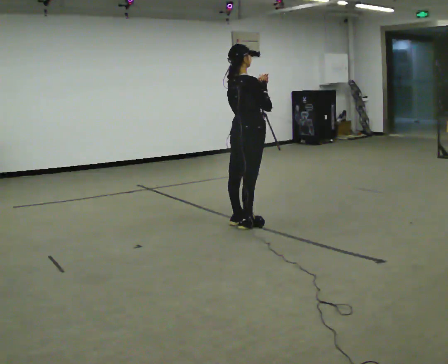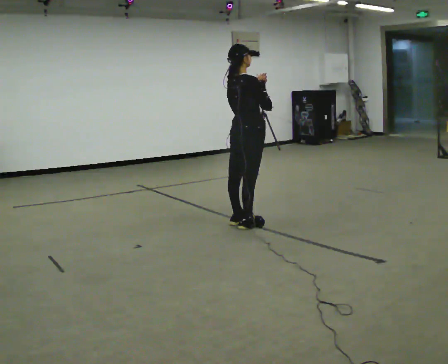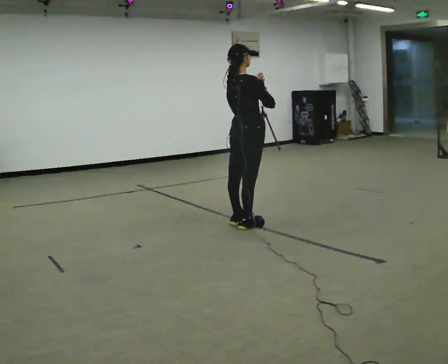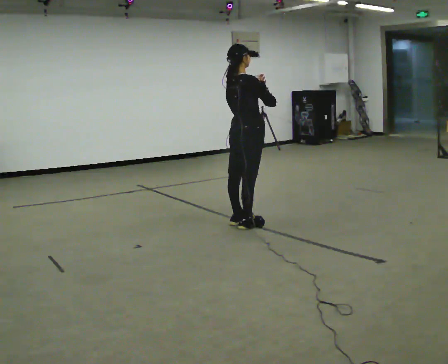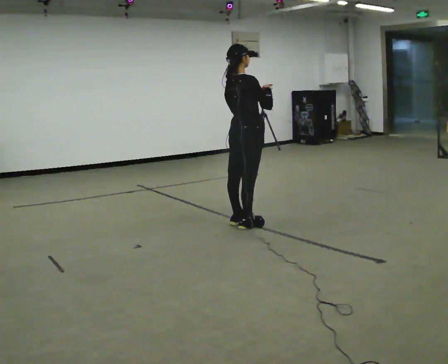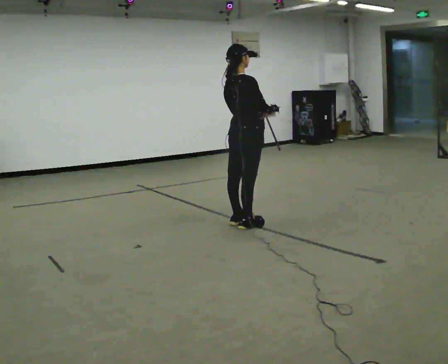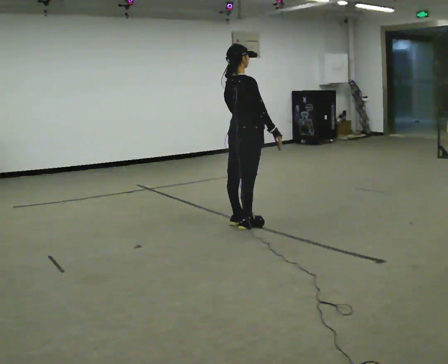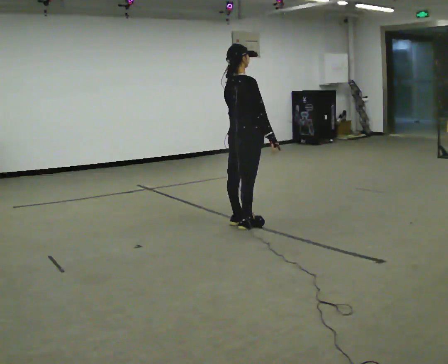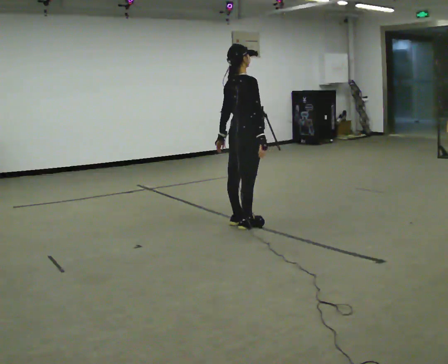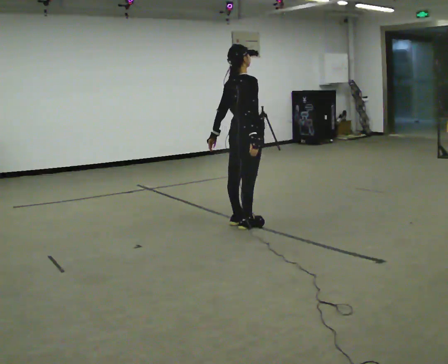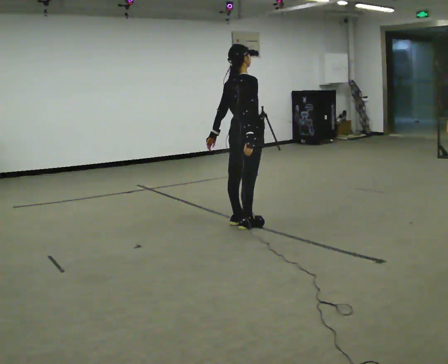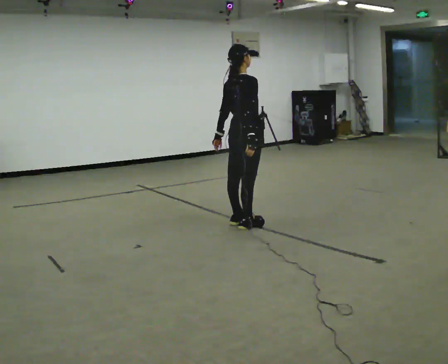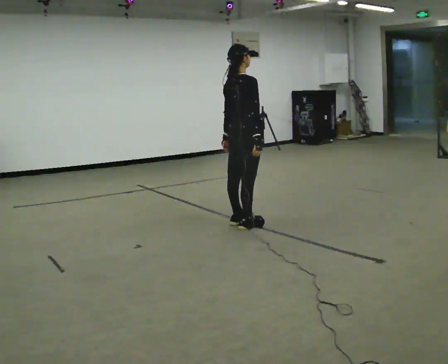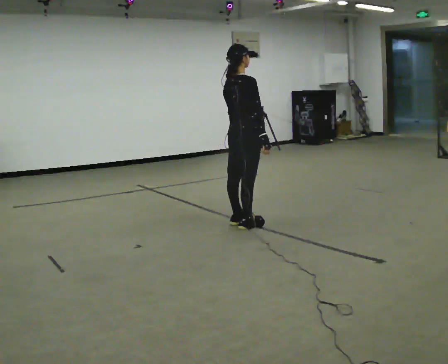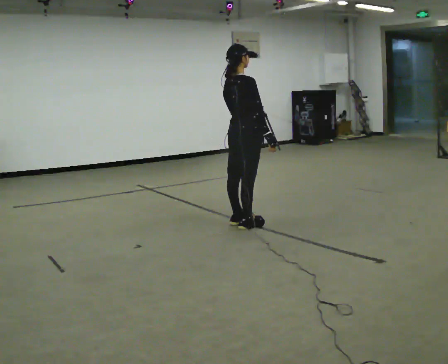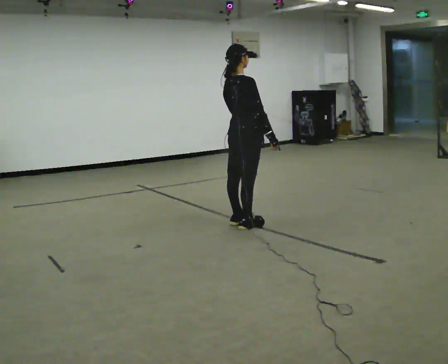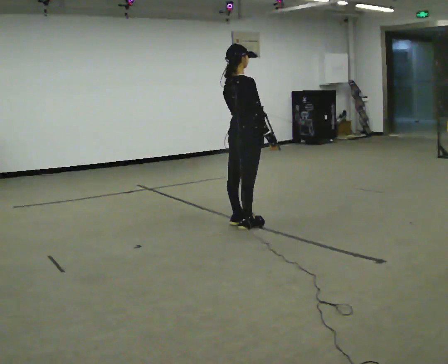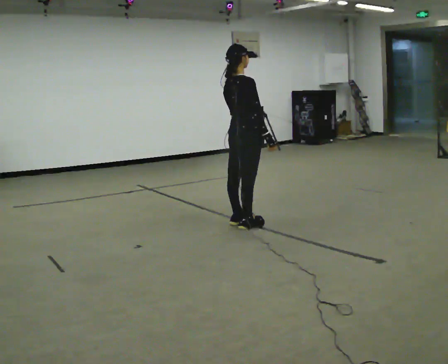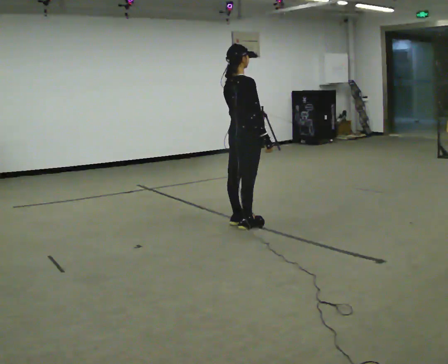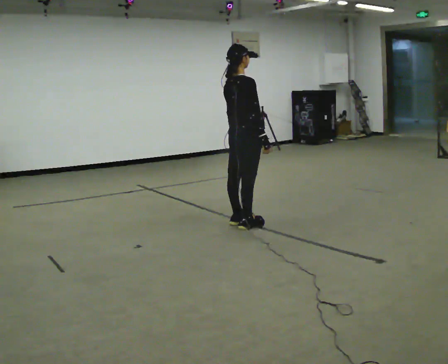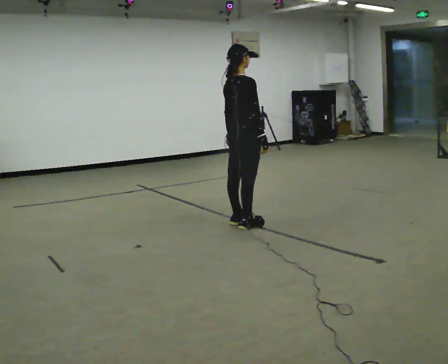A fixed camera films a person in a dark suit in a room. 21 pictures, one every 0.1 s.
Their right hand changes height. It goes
downward.
0.0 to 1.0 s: In the picture their right hand goes downward.
1.0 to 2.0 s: The person moves a little, or ends about where they began.
The film runs forward here.
